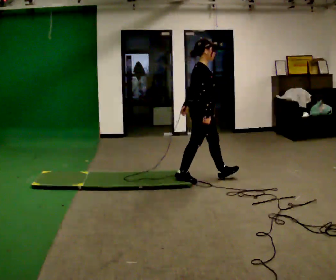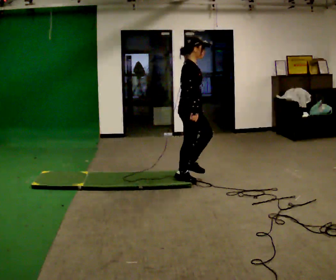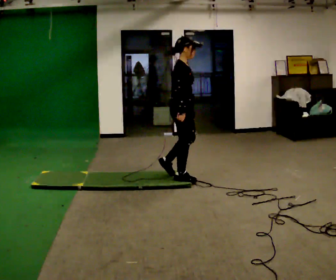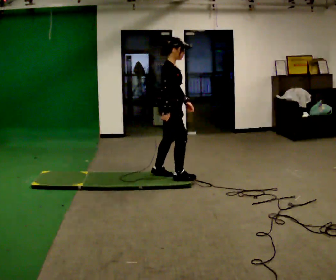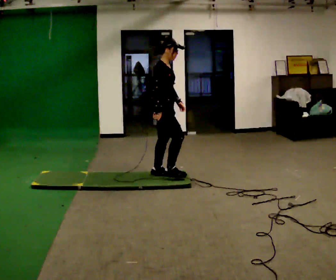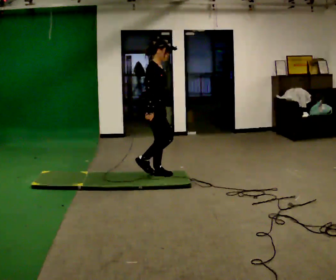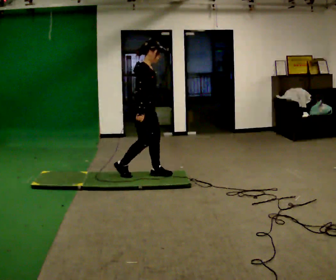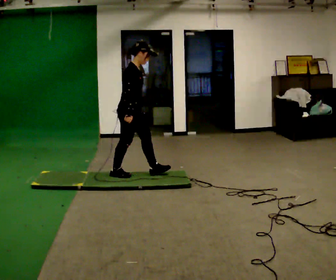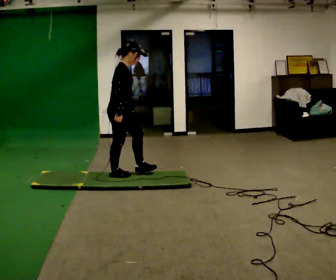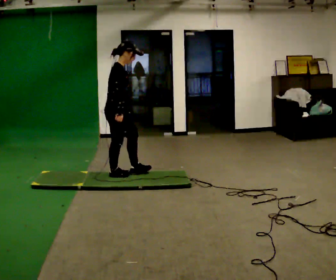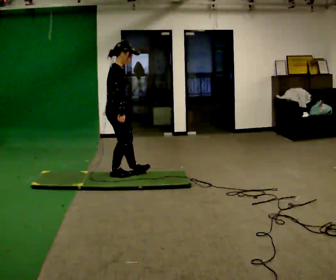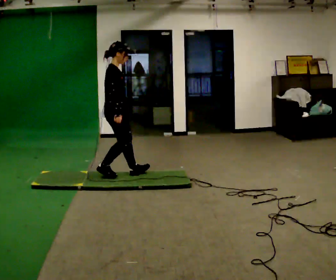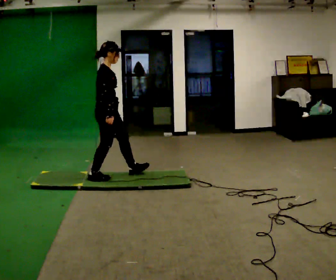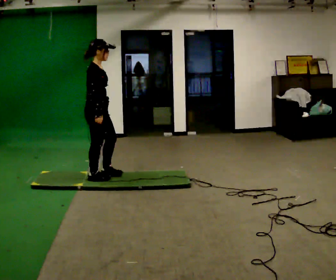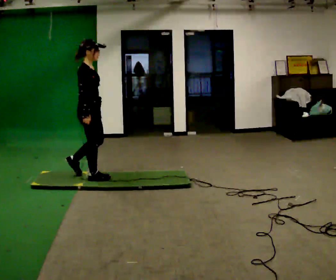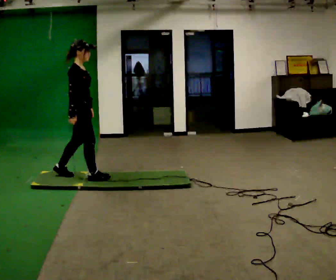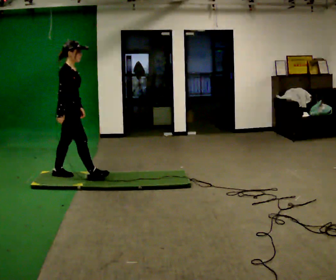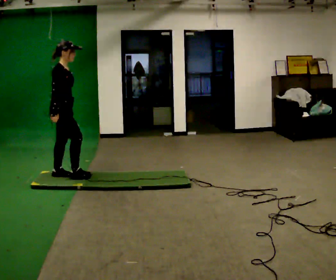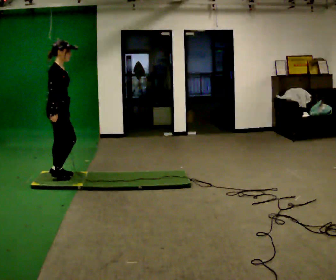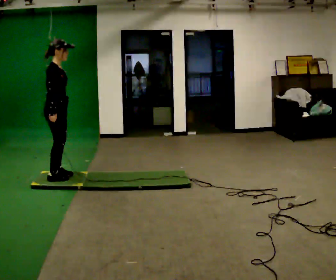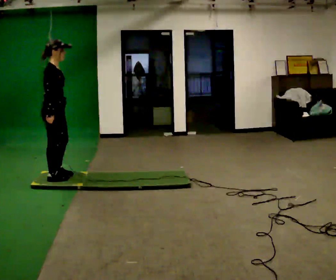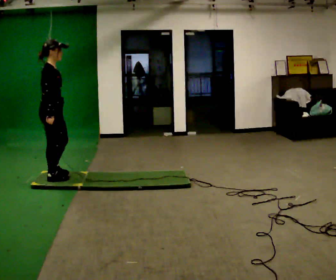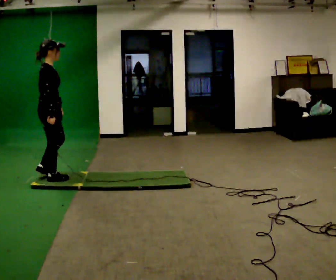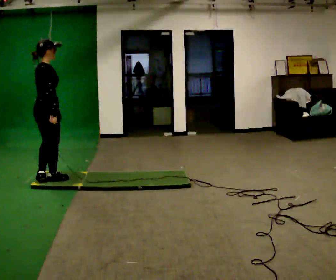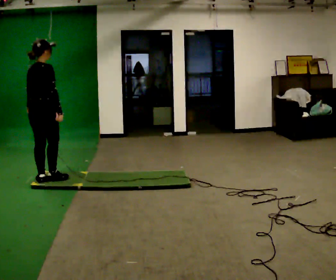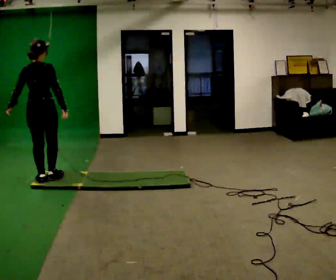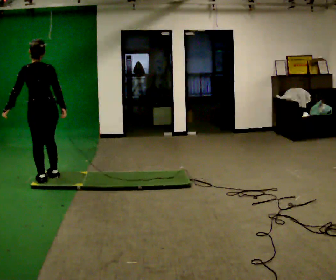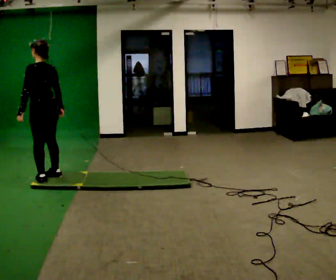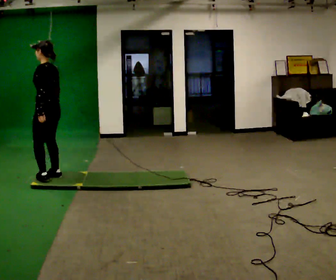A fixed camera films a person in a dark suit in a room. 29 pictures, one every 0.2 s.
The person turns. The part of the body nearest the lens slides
to the right.
The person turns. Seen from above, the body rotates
counterclockwise.
0.0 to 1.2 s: In the picture they go to the left, about 0.75 m in 1 step, which for them is backward.
1.2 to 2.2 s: In the picture they go to the left, about 0.25 m in 2 steps, which for them is backward.
2.2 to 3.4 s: In the picture they go to the left, about 0.5 m in 2 steps, which for them is backward.
3.4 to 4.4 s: The person moves a little, or ends about where they began.
4.4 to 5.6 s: The person turns about 135 degrees to their left, counterclockwise seen from above, so the part of the body nearest the lens slides to the right.
The film runs backward here.
